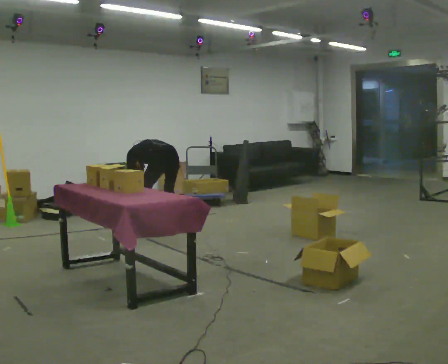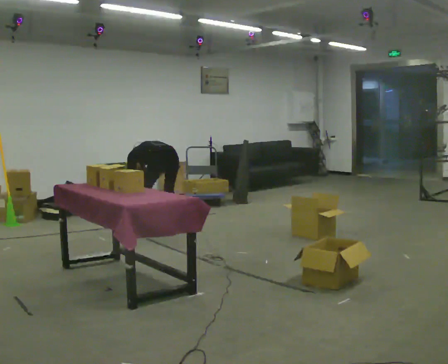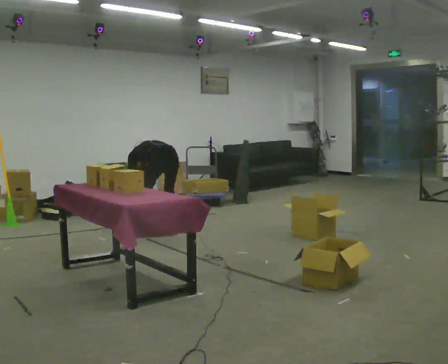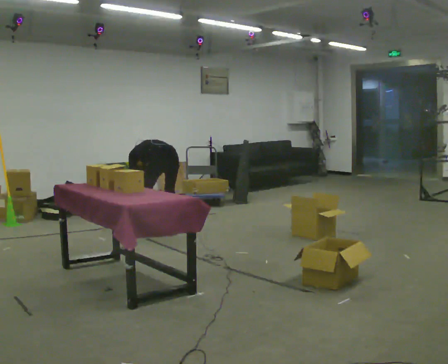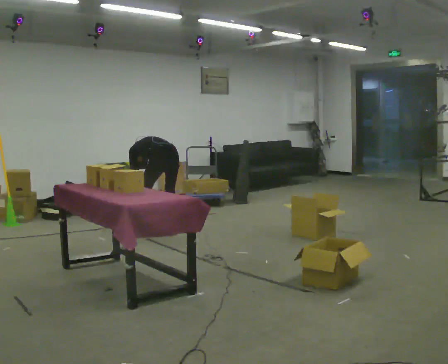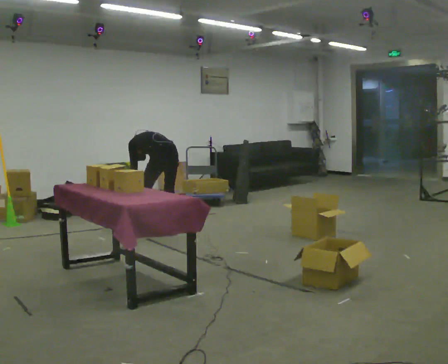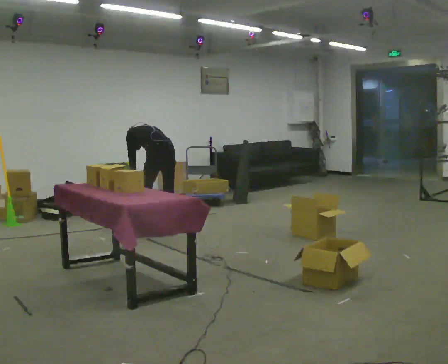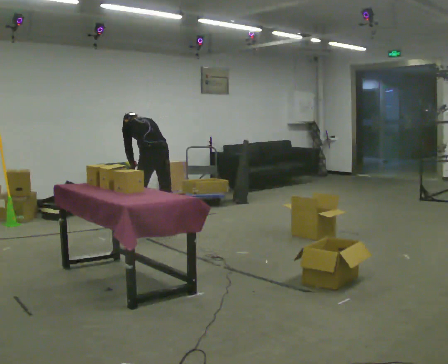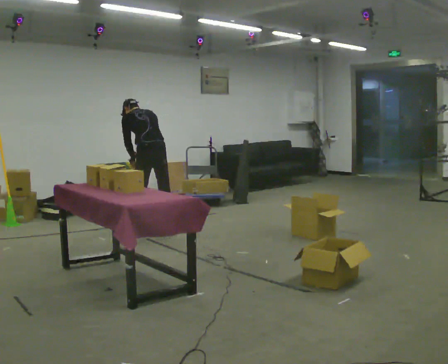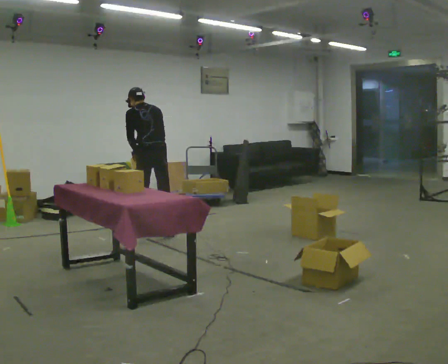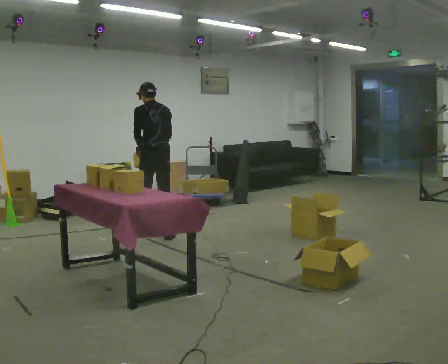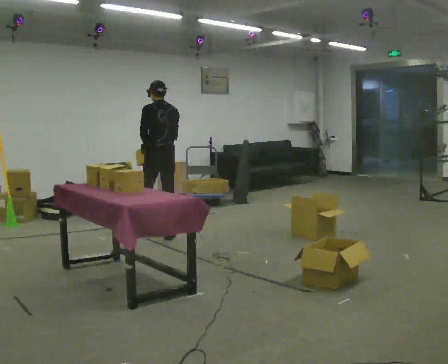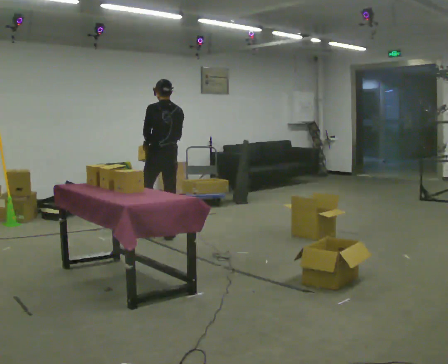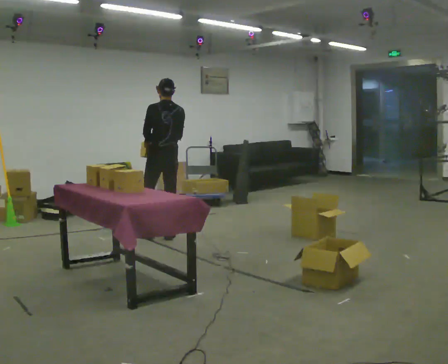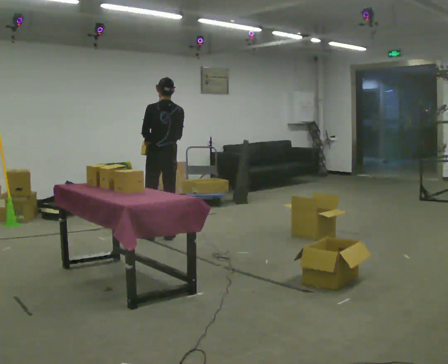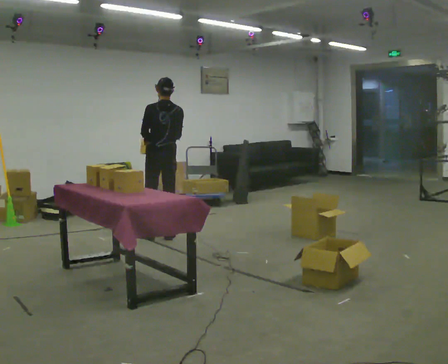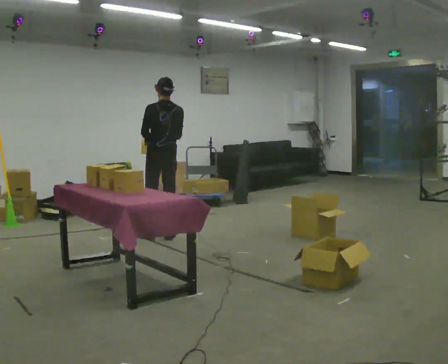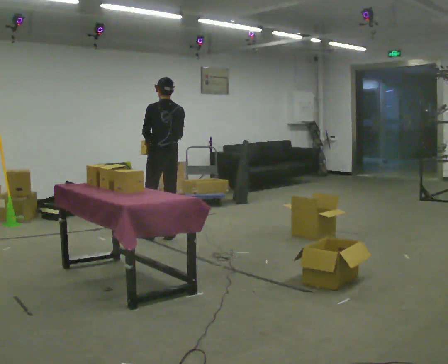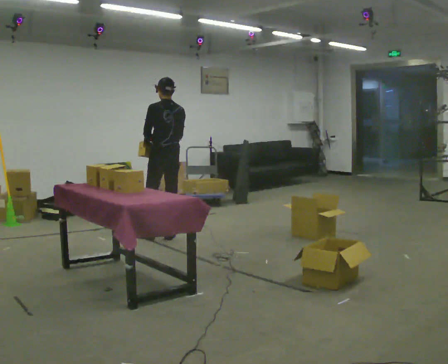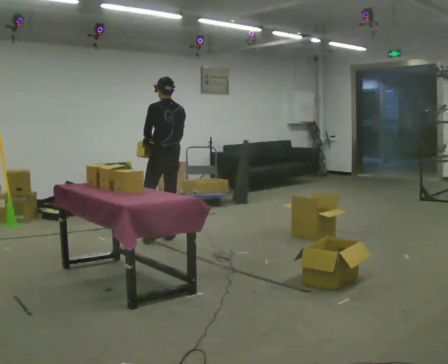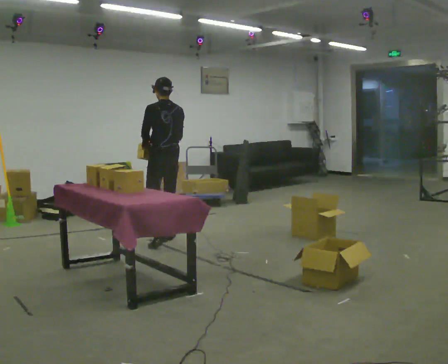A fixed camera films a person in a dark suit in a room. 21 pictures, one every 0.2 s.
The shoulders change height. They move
upward.
Their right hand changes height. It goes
upward.
0.0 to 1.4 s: The shoulders move upward. In the picture the upper body tilts clockwise, shoulders to the right, as they lean back or straighten. In the picture their right hand goes upward.
1.4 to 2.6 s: The upper body goes upward. The upper body tips toward the camera, its near side rolling downward, as they lean back or straighten. In the picture their right hand goes upward.
2.6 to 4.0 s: In the picture they go toward the camera, about 0.25 m in 1 step, which for them is backward.
The film runs backward here.
